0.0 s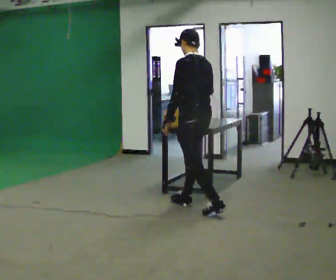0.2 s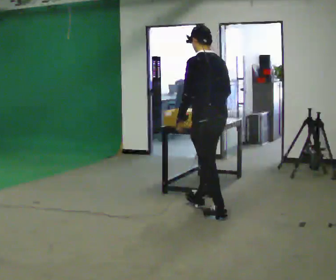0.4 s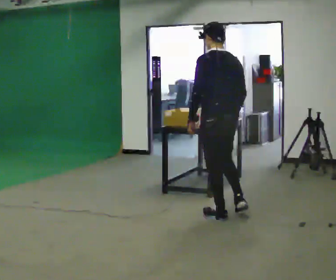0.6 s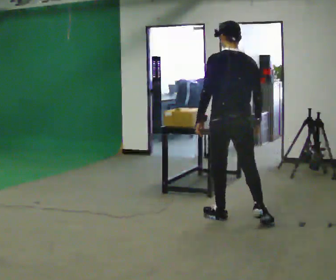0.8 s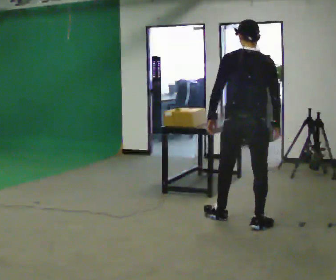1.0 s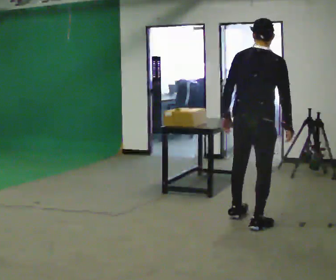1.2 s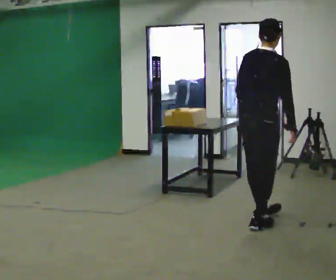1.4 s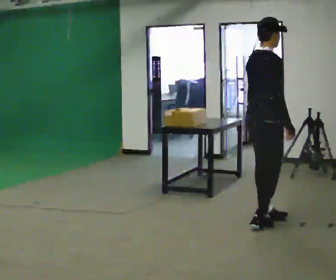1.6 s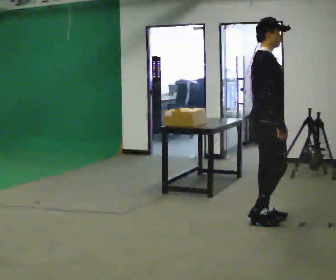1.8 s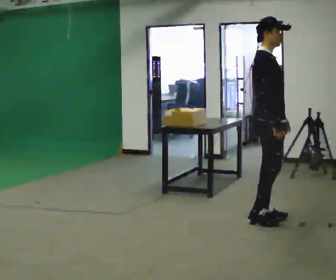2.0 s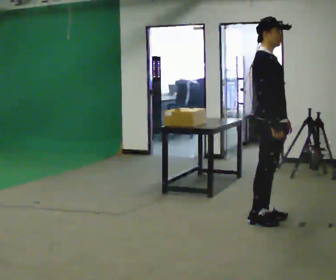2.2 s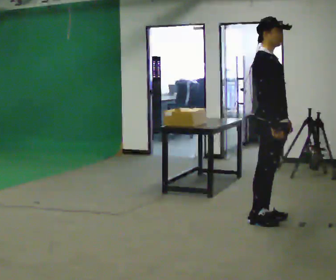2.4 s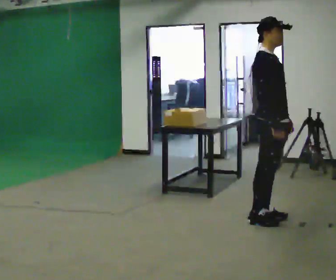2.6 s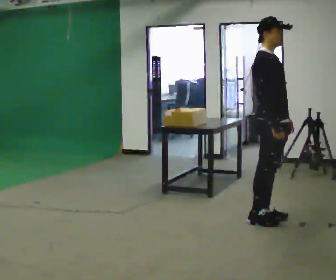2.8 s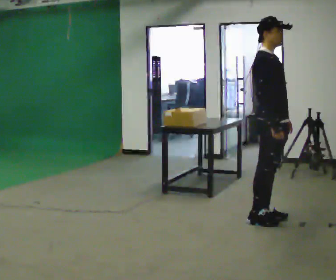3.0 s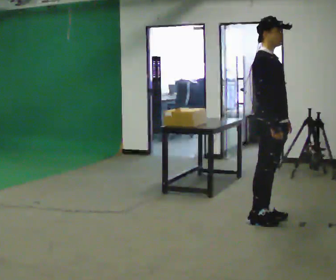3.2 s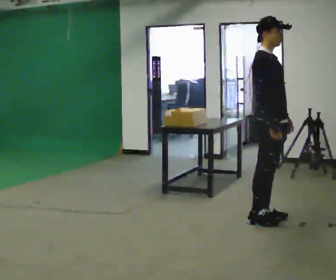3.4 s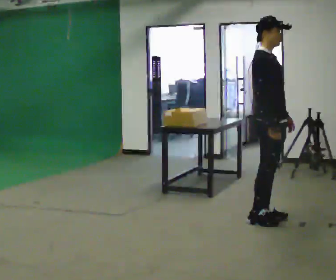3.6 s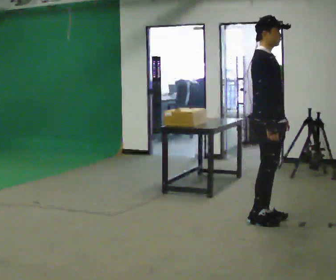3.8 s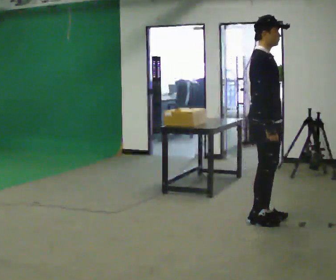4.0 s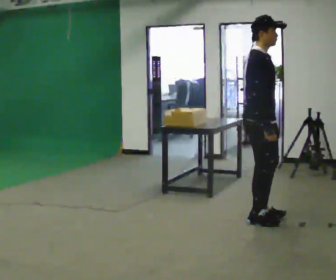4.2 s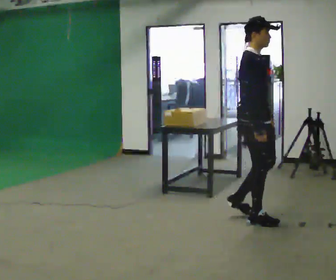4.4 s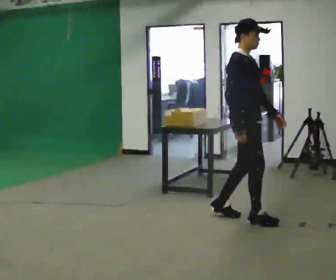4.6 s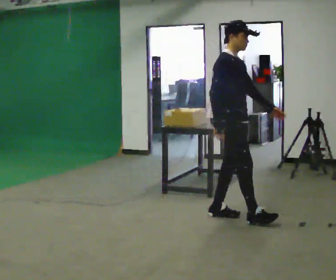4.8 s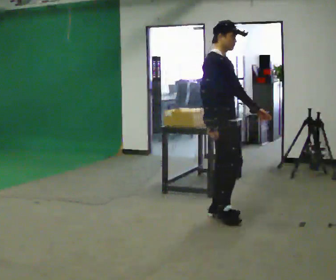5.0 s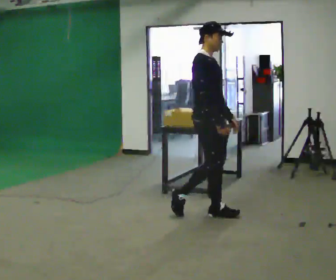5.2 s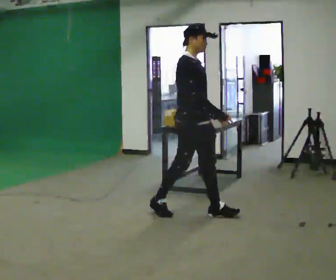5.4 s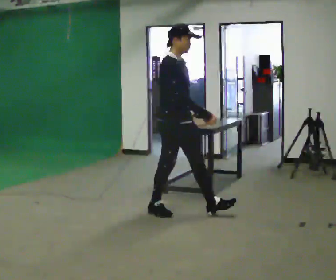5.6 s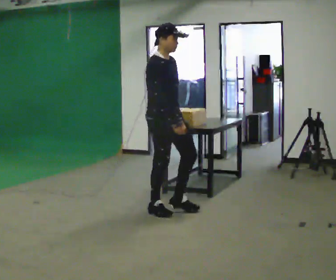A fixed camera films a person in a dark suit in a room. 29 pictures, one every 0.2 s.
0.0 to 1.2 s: Seen from above the body turns clockwise, about 90 degrees: to their right, with its near side sliding to the left. In the picture they go to the right and toward the camera, about 1 m in 2 steps. In the picture the upper body tilts clockwise, shoulders to the right.
1.2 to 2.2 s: The person turns about 75 degrees to their right, clockwise seen from above, so the part of the body nearest the lens slides to the left. In the picture the upper body tilts counterclockwise, shoulders to the left, as they lean back or straighten. In the picture their left hand goes to the right.
2.2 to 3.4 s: The person moves a little, or ends about where they began.
3.4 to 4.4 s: In the picture they go to the left, about 0.25 m in 1 step, which for them is backward.
4.4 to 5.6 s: In the picture they go to the left, about 1 m in 2 steps, which for them is backward.
The film runs backward here.
